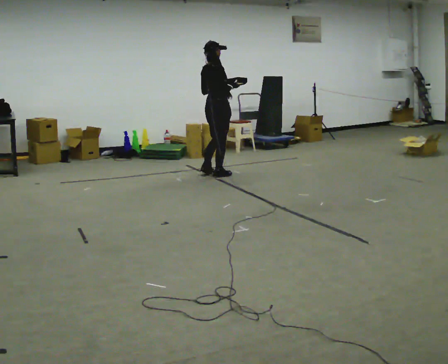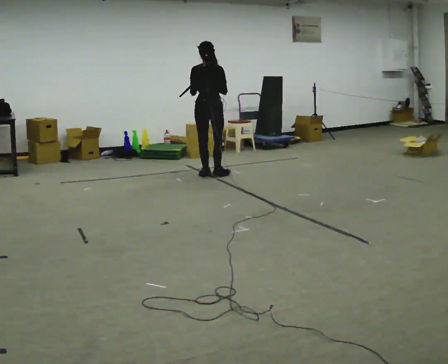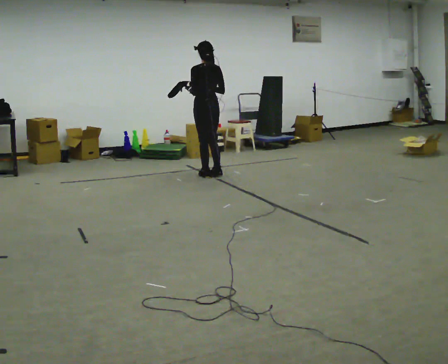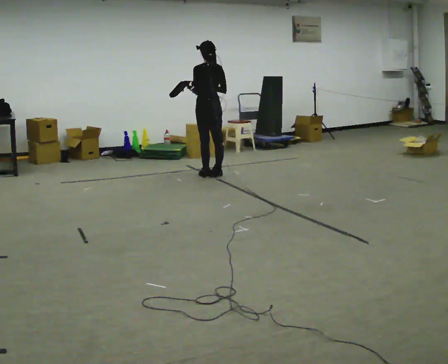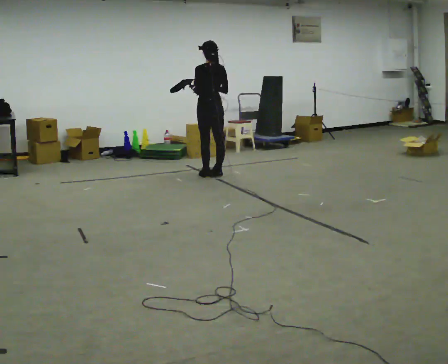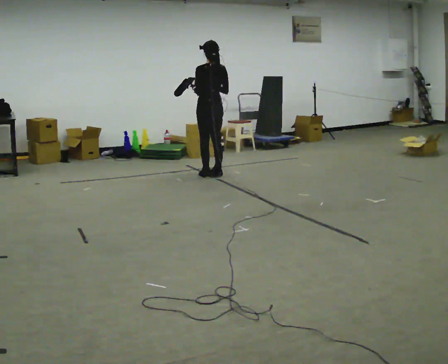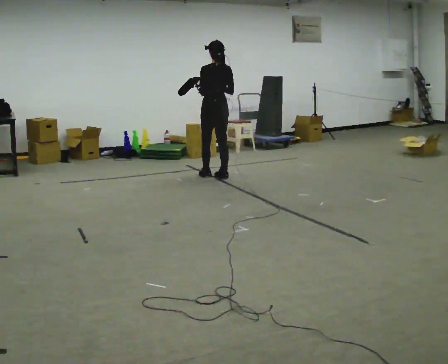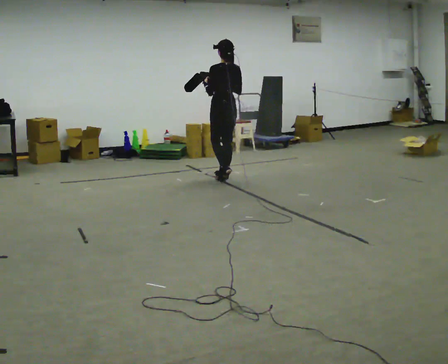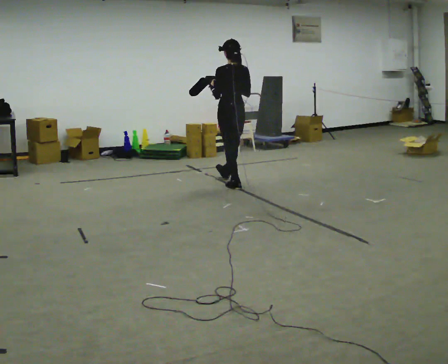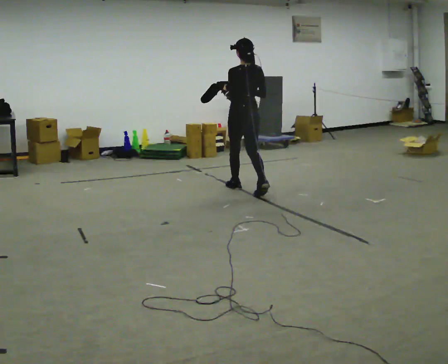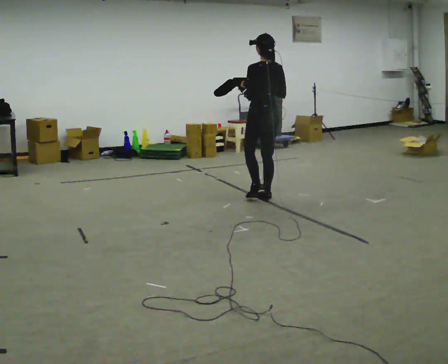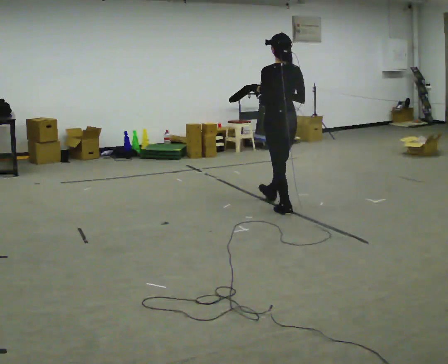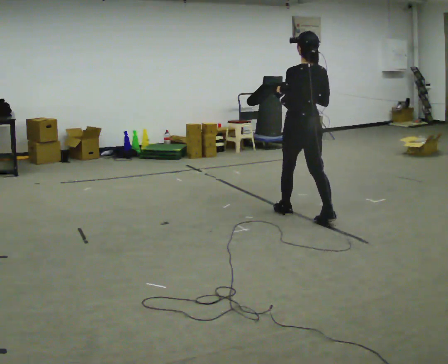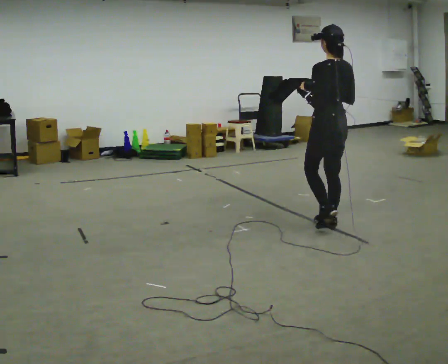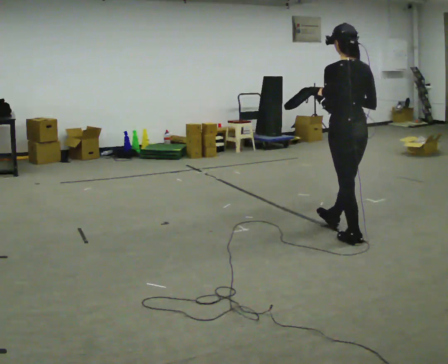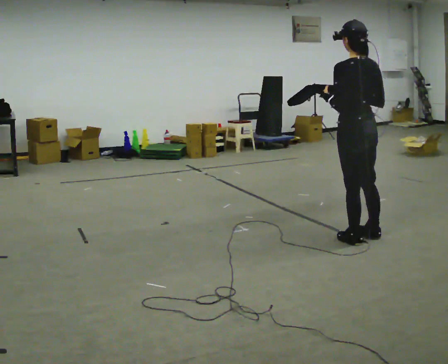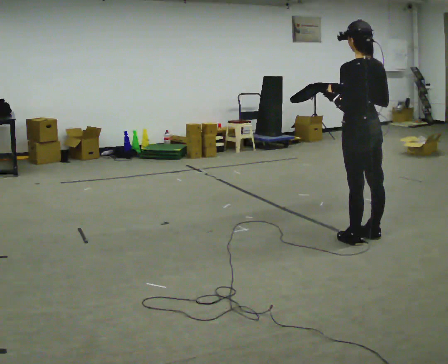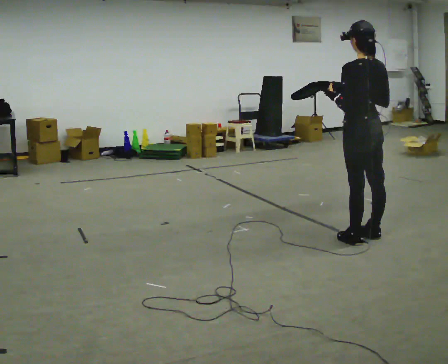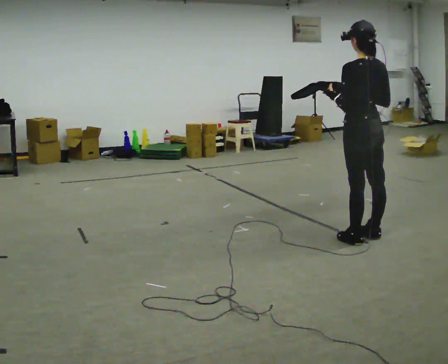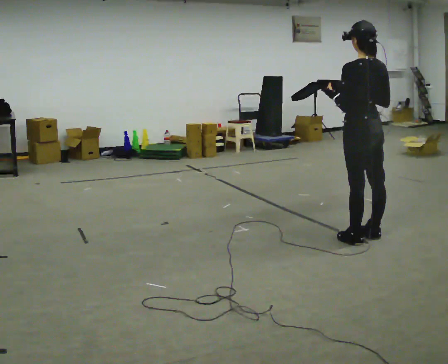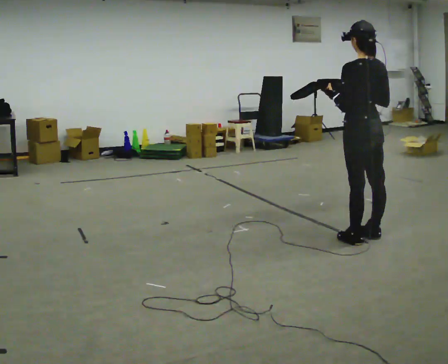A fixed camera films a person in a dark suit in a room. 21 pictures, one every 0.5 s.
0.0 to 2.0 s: The person turns about 90 degrees to their left, counterclockwise seen from above, so the part of the body nearest the lens slides to the right.
2.0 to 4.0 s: In the picture they go toward the camera and to the right, about 0.5 m in 3 steps, which for them is backward.
4.0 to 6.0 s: In the picture they go toward the camera and to the right, about 1.5 m in 2 steps, which for them is backward.
6.0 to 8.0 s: In the picture they go toward the camera and to the right, about 1 m in 2 steps, which for them is backward.
8.0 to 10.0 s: The person moves a little, or ends about where they began.
The film runs backward here.
